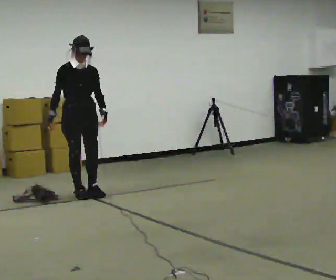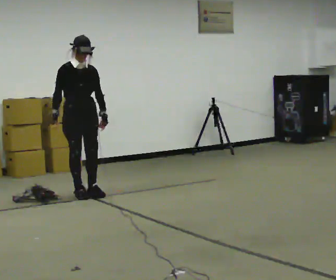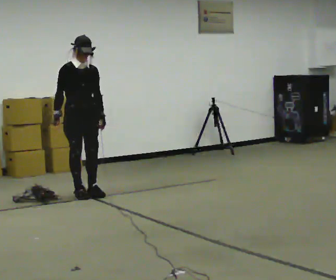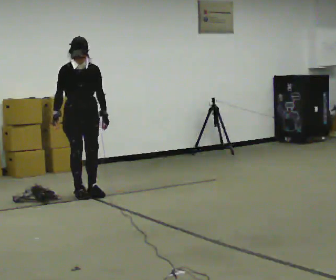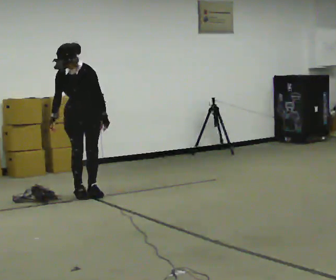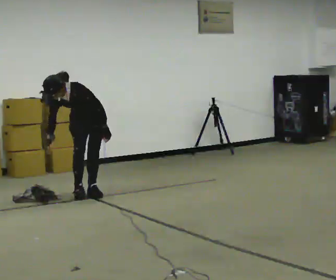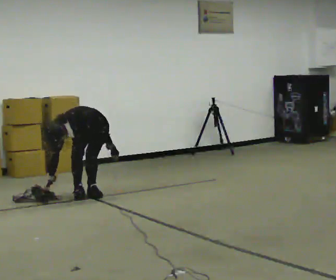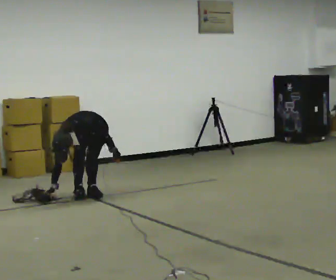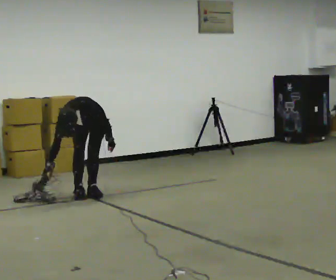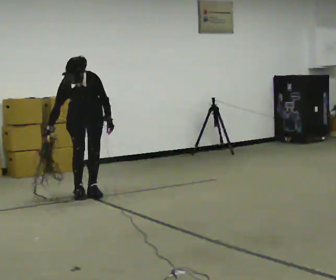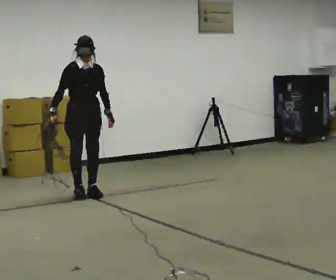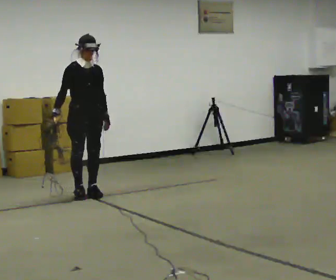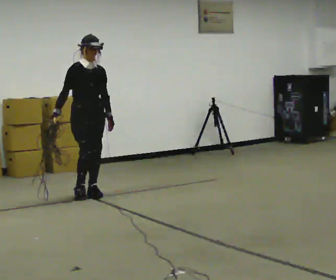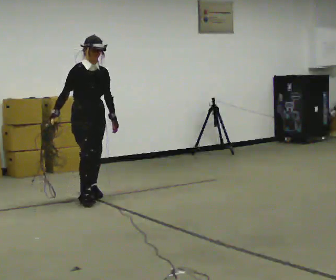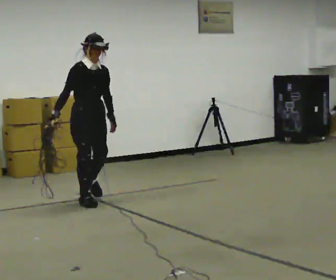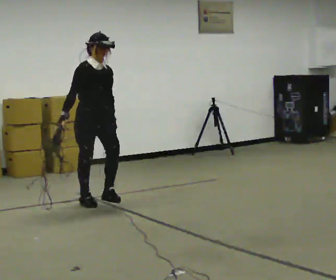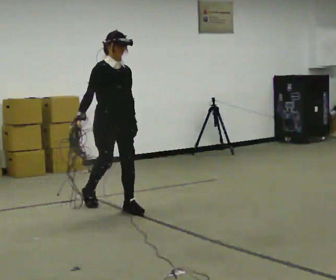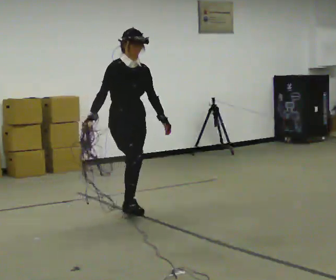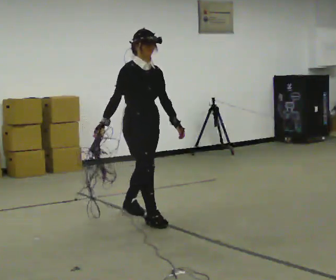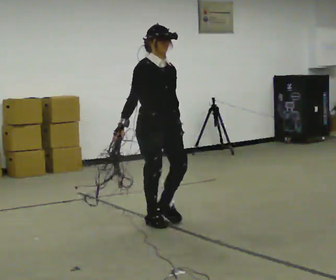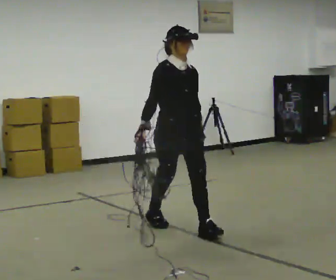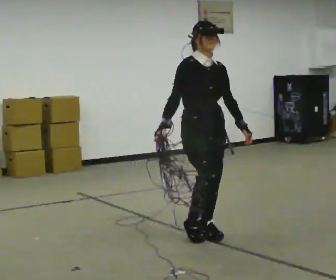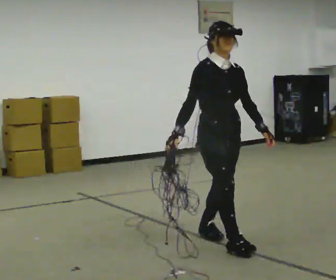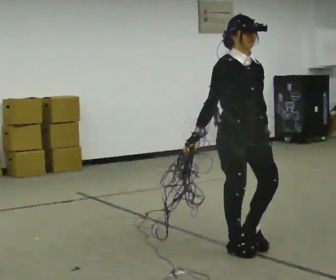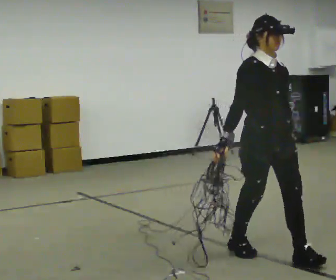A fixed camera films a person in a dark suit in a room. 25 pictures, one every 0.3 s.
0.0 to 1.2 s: The part of the body nearest the lens slides to the left as the person turns to their right by about 30 degrees. The upper body tips toward the camera, its near side rolling downward, as they bend forward.
1.2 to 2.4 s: The person moves a little, or ends about where they began.
2.4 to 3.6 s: The part of the body nearest the lens slides to the right as the person turns to their left by about 45 degrees. In the picture they go toward the camera, about 0.25 m, which for them is forward. The upper body goes upward. The upper body tips away from the camera, its near side rolling upward, as they lean back or straighten. In the picture their right hand goes upward.
3.6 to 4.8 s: In the picture they go toward the camera, about 0.75 m in 2 steps, which for them is forward.
4.8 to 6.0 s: In the picture they go toward the camera and to the right, about 1 m in 2 steps, which for them is forward.
6.0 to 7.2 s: In the picture they go toward the camera and to the right, about 1 m in 2 steps, which for them is forward.
The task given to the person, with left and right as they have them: Pick up the coiled hose, carry it across the room, and set it down. It will move around as you walk. Keep going until the operator says stop; one object at a time, and do not rush between trips.
The film runs forward here.
